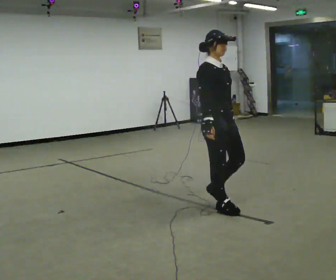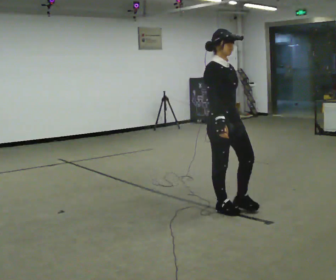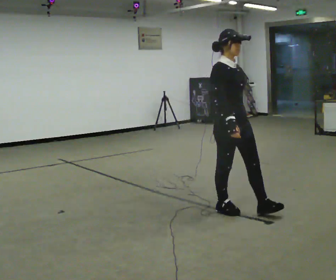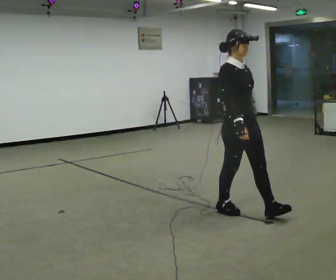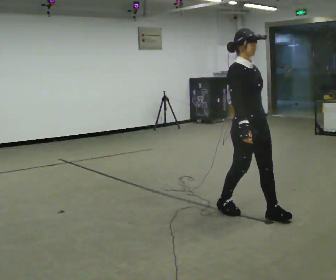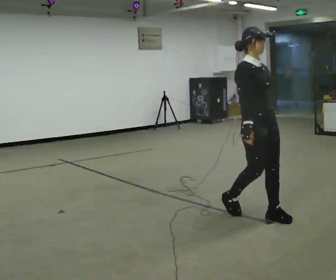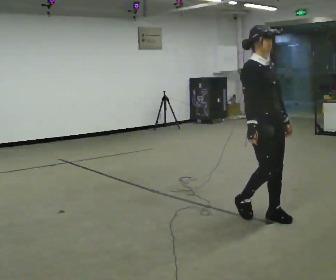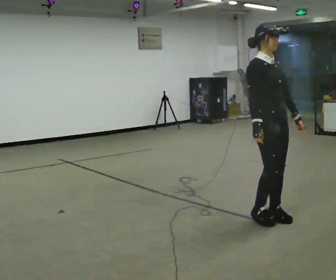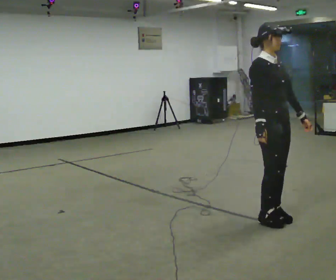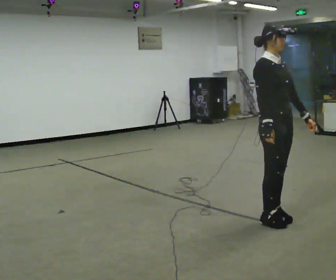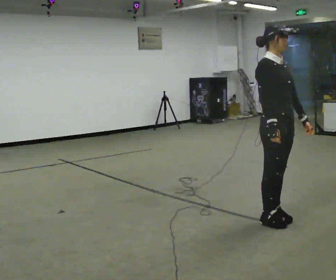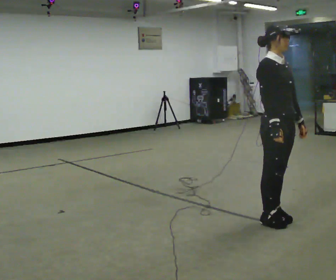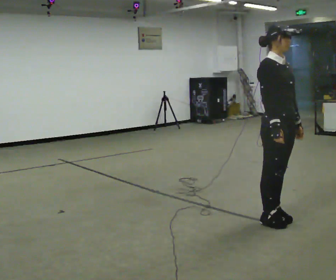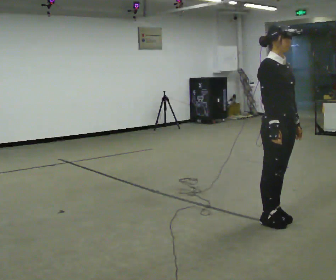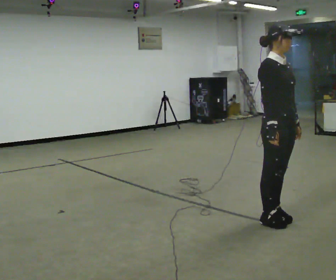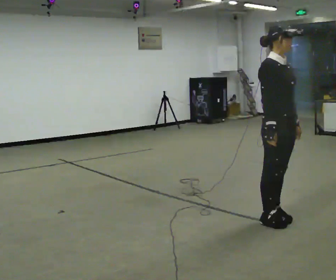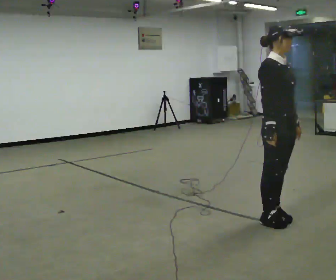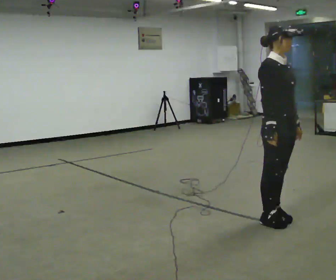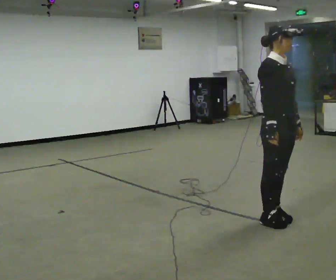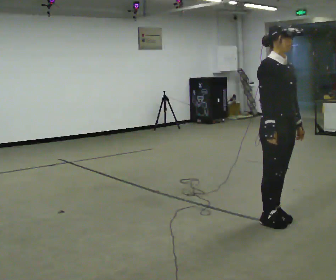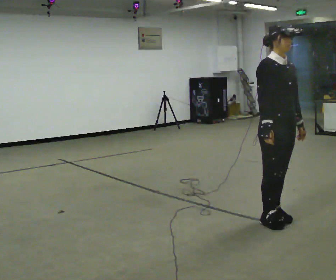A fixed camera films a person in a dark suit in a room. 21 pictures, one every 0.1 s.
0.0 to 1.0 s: In the picture they go to the right and toward the camera, about 0.5 m in 2 steps, which for them is forward.
1.0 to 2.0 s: The person moves a little, or ends about where they began.
The film runs forward here.
